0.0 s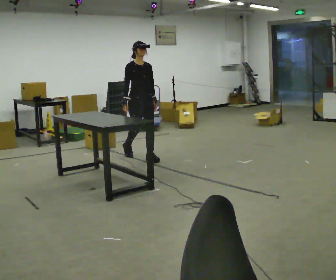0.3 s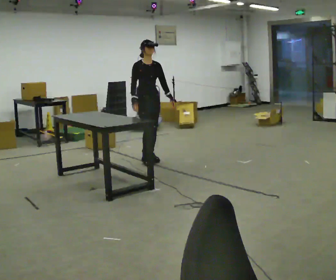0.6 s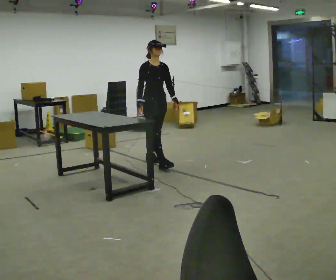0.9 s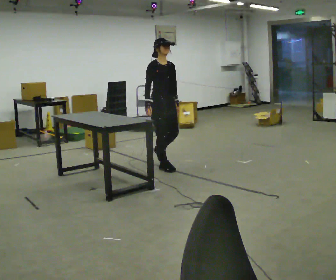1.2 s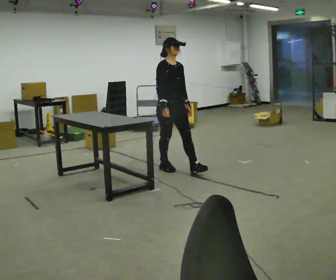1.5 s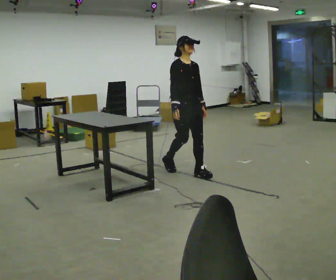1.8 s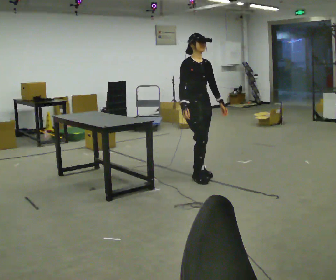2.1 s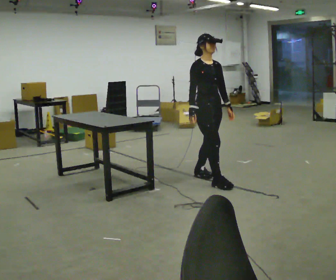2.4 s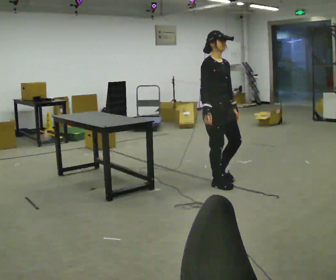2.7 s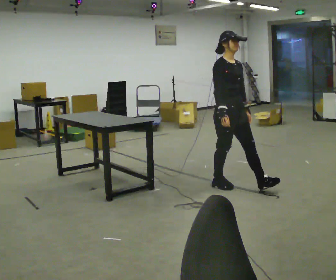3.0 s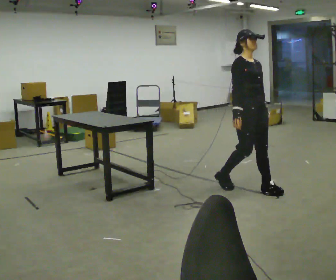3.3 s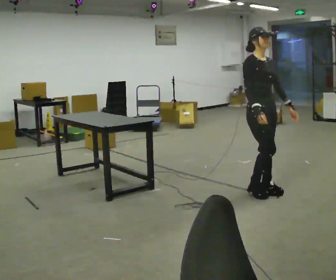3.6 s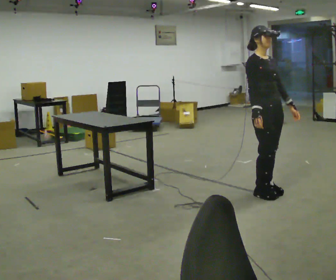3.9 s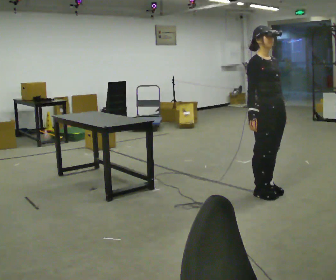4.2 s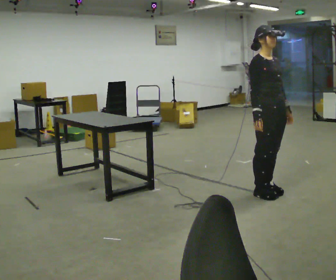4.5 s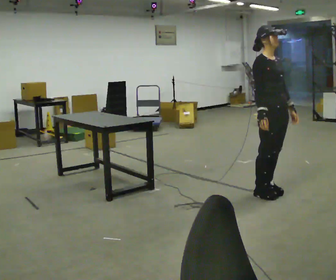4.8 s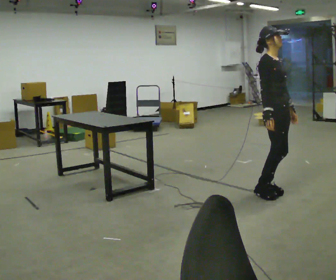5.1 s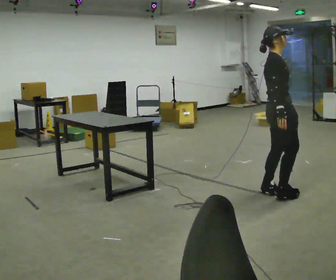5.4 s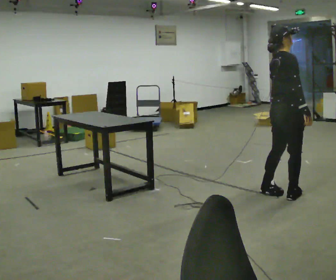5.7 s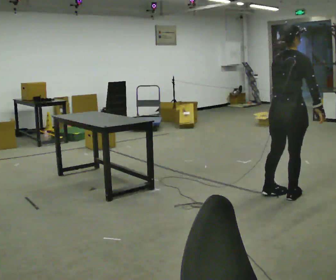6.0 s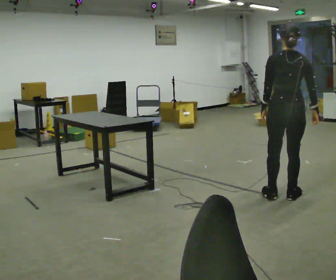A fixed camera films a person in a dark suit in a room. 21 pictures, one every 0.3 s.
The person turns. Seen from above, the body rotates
counterclockwise.
The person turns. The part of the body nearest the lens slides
to the right.
0.0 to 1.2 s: In the picture they go to the right and toward the camera, about 1 m in 1 step, which for them is forward.
1.2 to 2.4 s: In the picture they go to the right and toward the camera, about 1 m in 2 steps, which for them is forward.
2.4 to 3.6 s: In the picture they go to the right and toward the camera, about 0.5 m in 2 steps, which for them is forward.
3.6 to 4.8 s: The person moves a little, or ends about where they began.
4.8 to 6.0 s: The person turns about 120 degrees to their left, counterclockwise seen from above, so the part of the body nearest the lens slides to the right. In the picture their right hand goes to the right.
The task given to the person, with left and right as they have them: Pick the object up off the floor using only the hand the operator calls, then carry it to the table in that same hand. Keep going until the operator says stop; one object at a time, and do not rush between trips.
The film runs forward here.
